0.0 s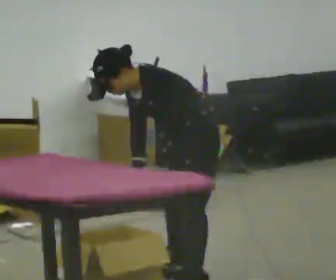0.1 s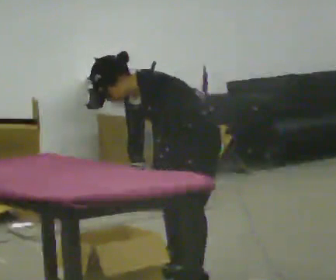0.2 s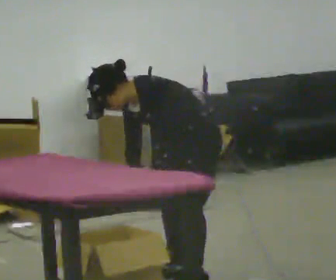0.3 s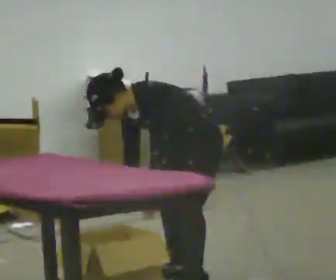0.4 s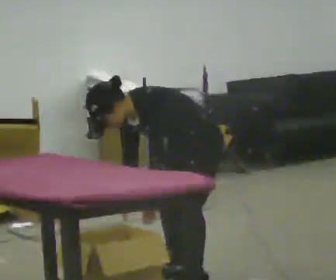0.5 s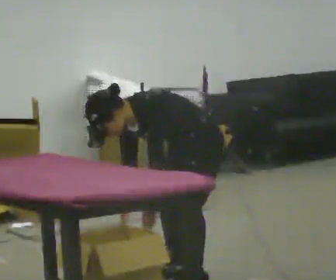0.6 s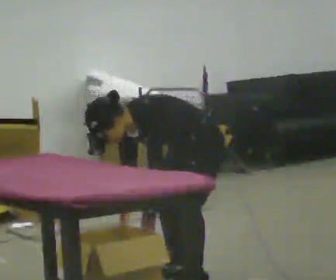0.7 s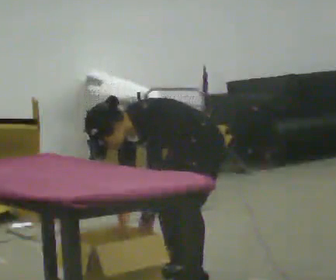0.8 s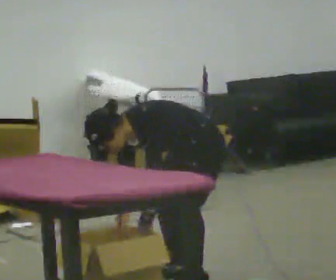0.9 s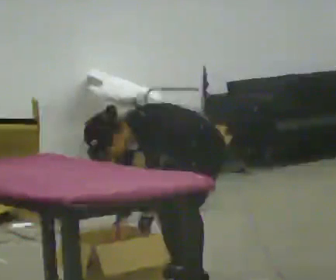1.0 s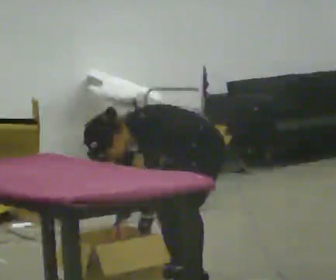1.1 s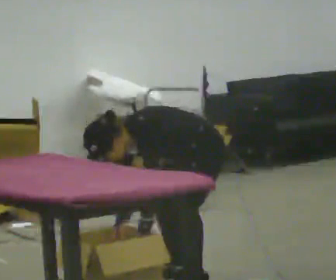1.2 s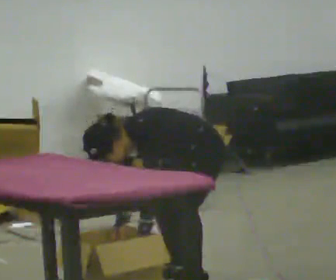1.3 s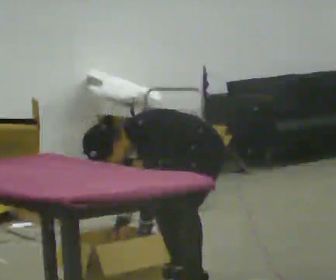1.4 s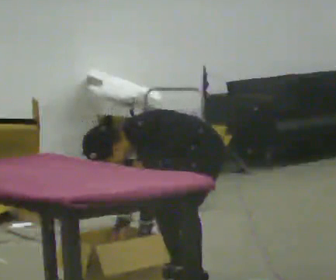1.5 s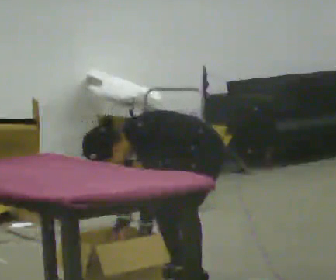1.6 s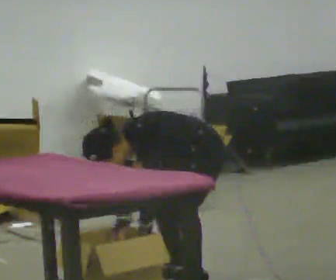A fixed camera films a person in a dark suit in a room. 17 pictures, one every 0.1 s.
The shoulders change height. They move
downward.
0.0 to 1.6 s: The shoulders move downward. In the picture the upper body tilts counterclockwise, shoulders to the left, as they bend forward.
The film runs forward here.
